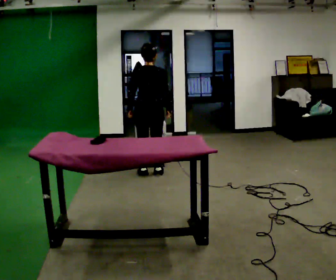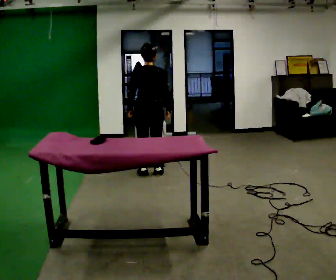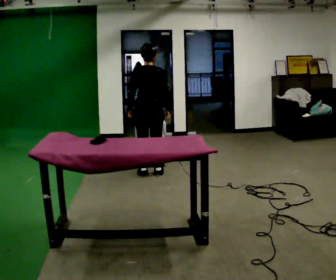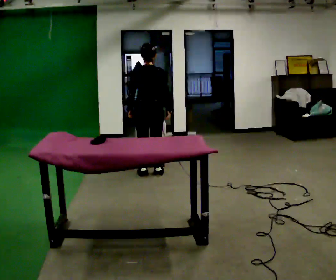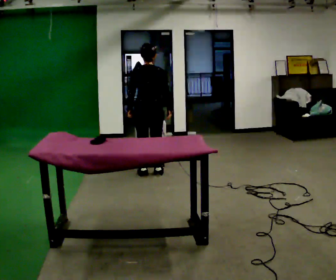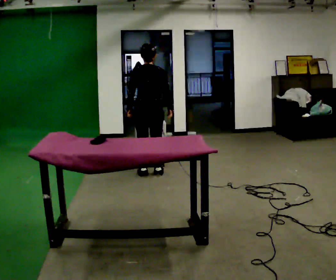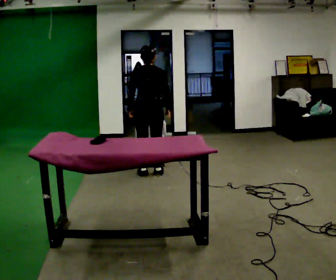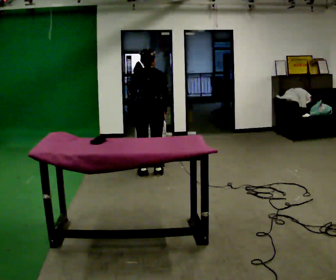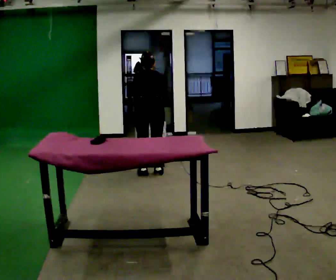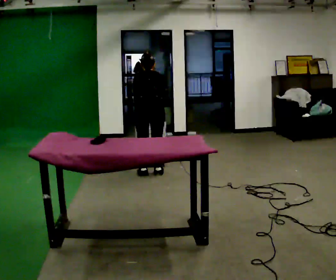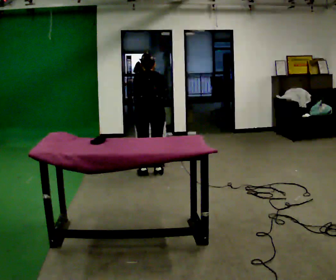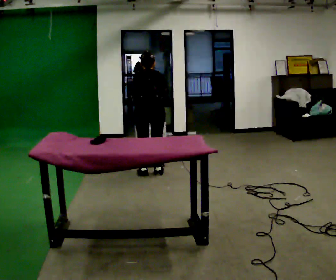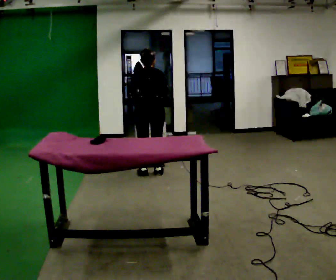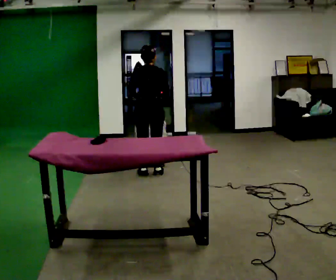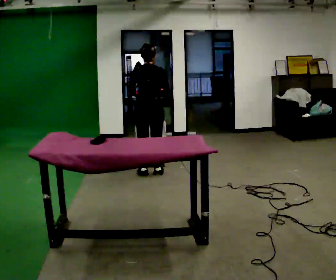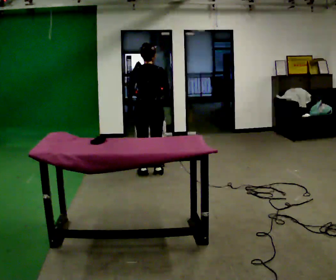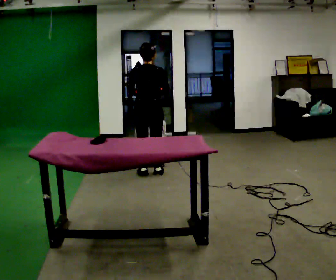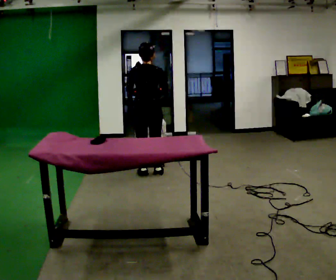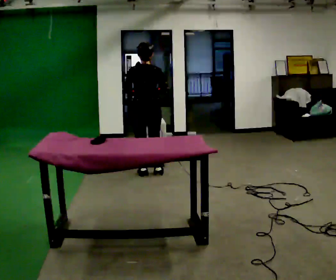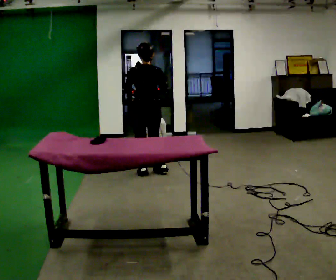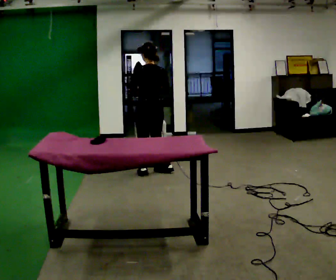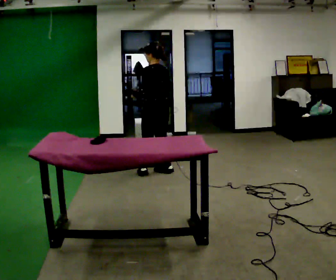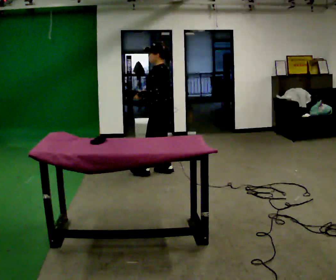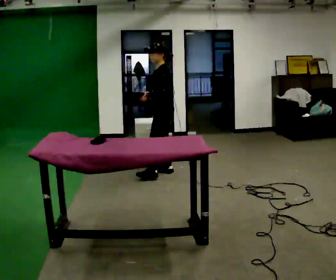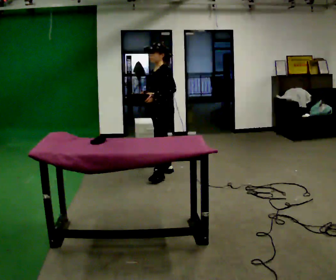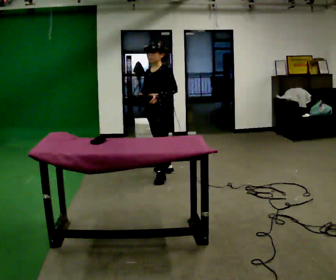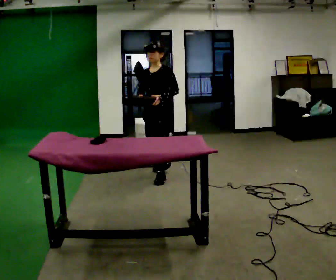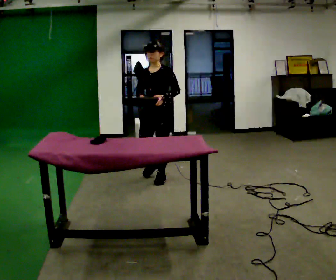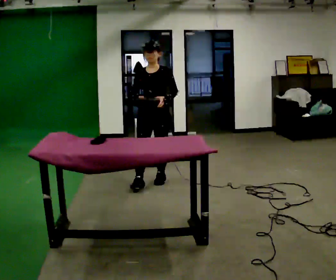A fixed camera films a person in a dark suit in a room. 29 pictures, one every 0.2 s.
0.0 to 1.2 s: The upper body tips away from the camera, its near side rolling upward, as they bend forward.
1.2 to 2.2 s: The person moves a little, or ends about where they began.
2.2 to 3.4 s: The upper body tips toward the camera, its near side rolling downward, as they lean back or straighten.
3.4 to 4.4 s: The part of the body nearest the lens slides to the right as the person turns to their left by about 75 degrees. In the picture they go to the right, about 0.25 m in 1 step.
4.4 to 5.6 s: The person turns about 90 degrees to their left, counterclockwise seen from above, so the part of the body nearest the lens slides to the right. In the picture they go toward the camera, about 0.5 m in 1 step.
The film runs forward here.
